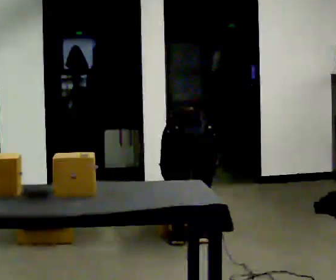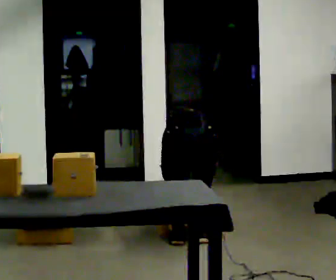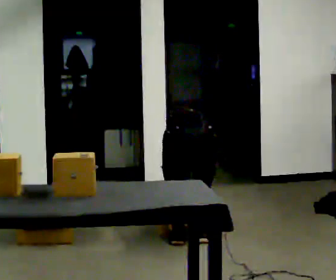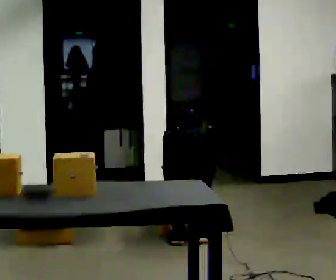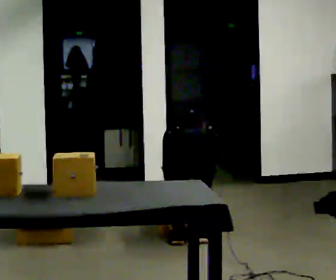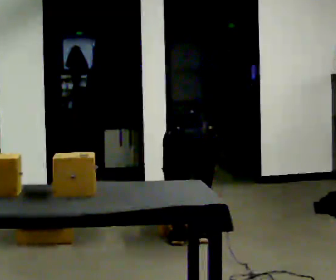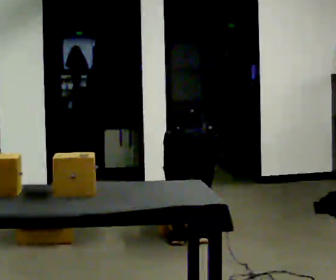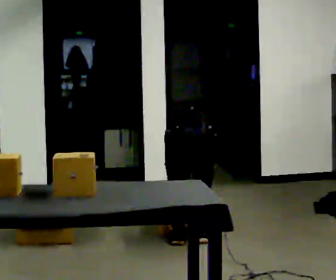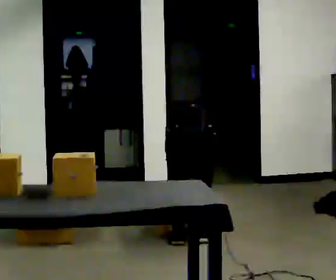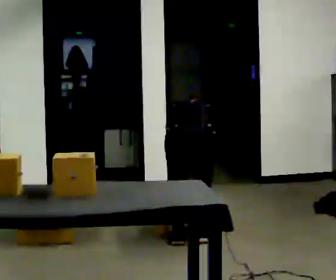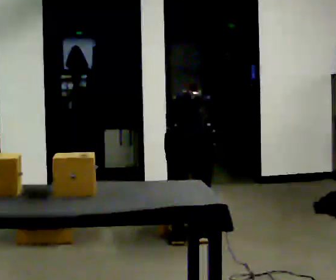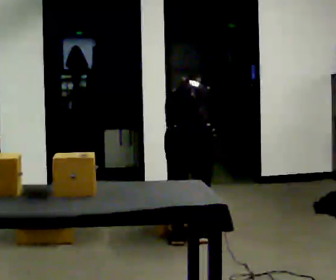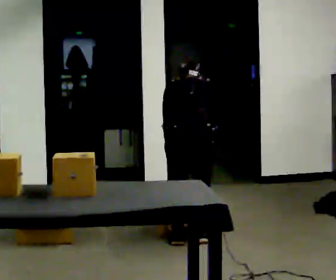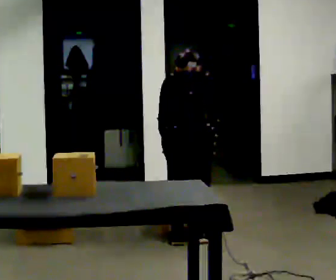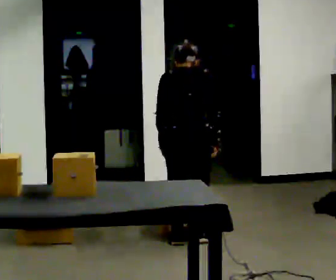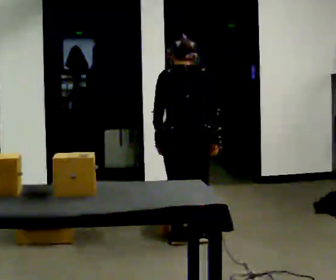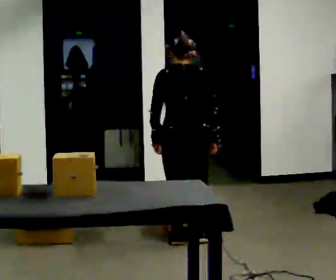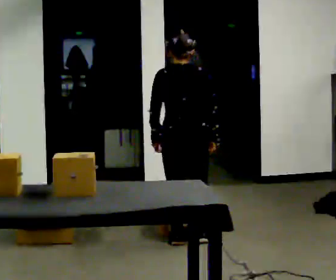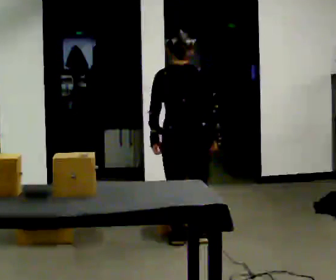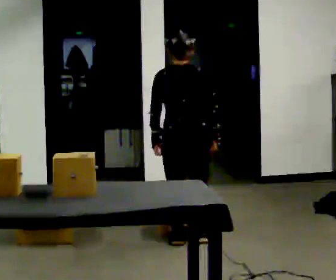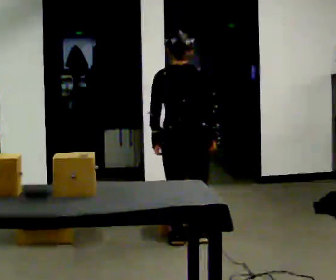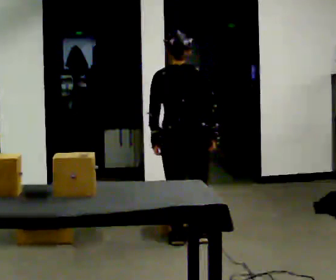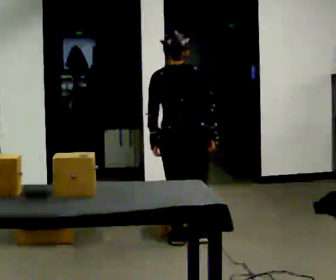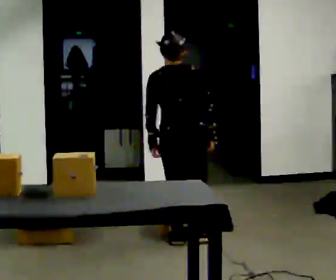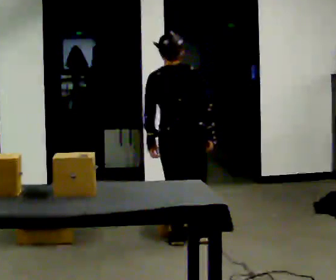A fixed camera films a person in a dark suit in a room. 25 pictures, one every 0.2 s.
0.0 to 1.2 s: The person moves a little, or ends about where they began.
1.2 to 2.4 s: The shoulders move upward. The upper body tips toward the camera, its near side rolling downward, as they lean back or straighten. In the picture their right hand goes upward.
2.4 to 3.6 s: The upper body tips toward the camera, its near side rolling downward, as they lean back or straighten.
3.6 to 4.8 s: The person moves a little, or ends about where they began.
The film runs forward here.
